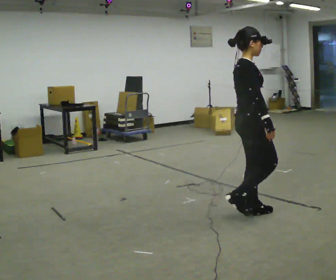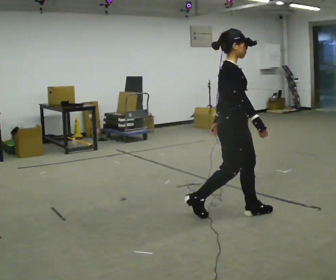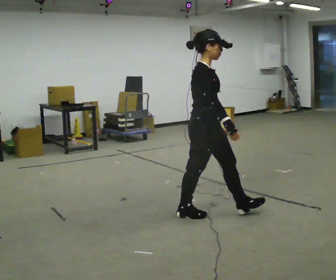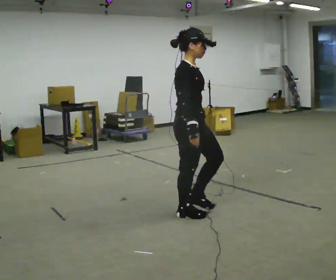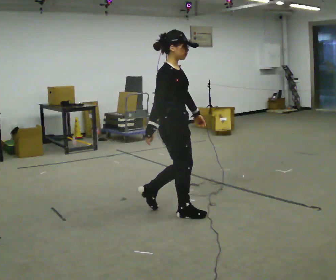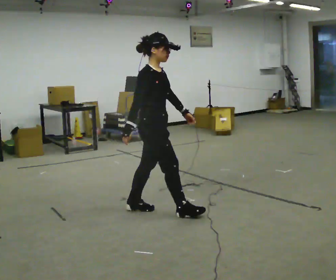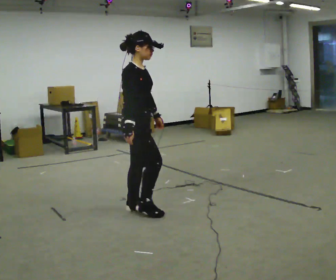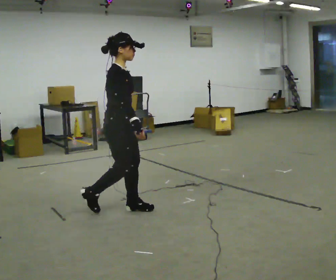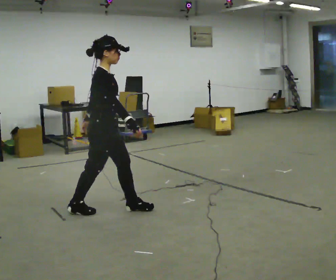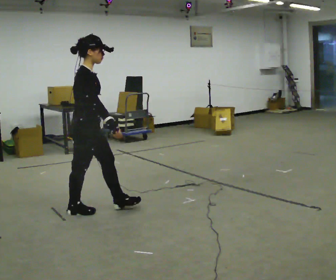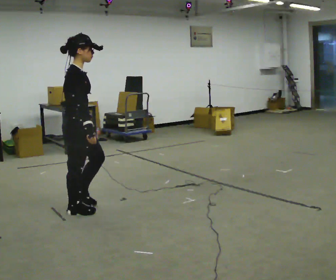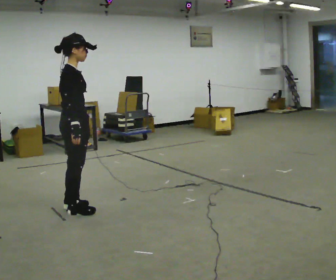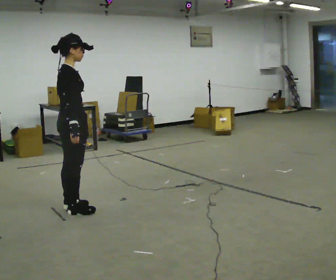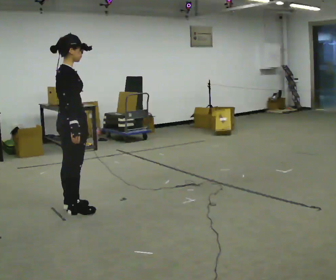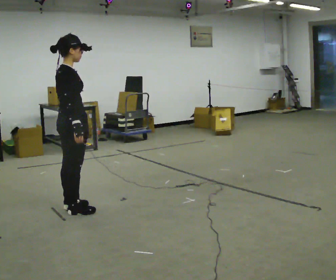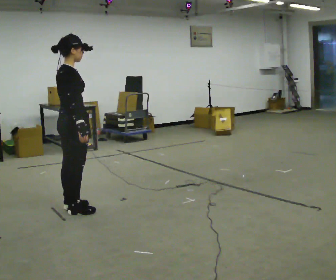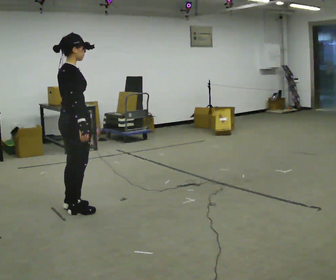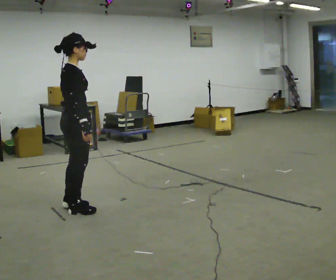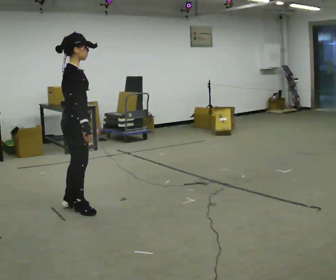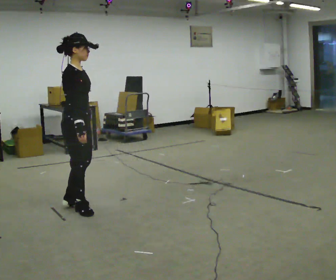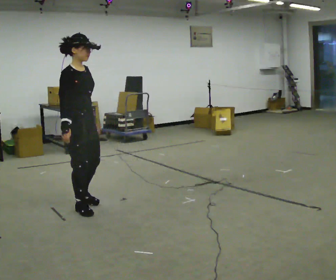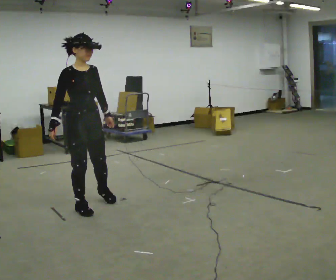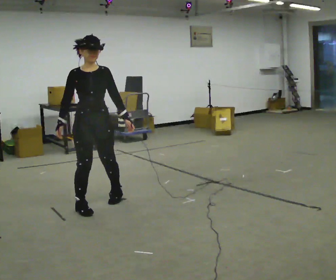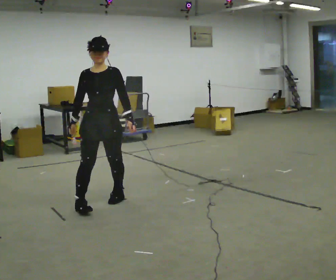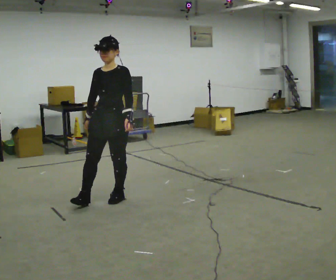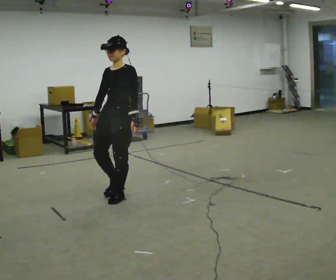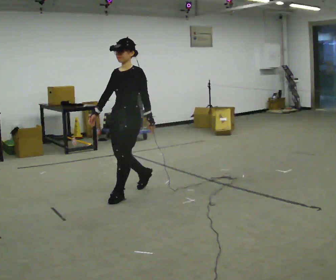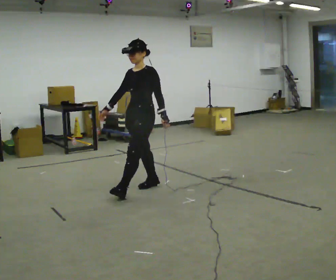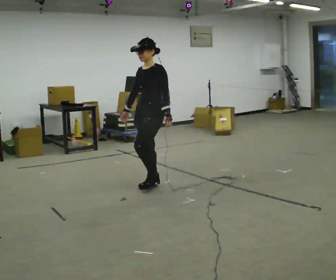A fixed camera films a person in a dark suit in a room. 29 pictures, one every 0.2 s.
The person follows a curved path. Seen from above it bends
clockwise.
The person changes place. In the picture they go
away from the camera.
0.0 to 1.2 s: In the picture they go to the left and away from the camera, about 1 m in 2 steps, which for them is backward.
1.2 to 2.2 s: The part of the body nearest the lens slides to the right as the person turns to their left by about 30 degrees. In the picture they go to the left, about 0.5 m in 1 step, which for them is backward.
2.2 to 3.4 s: The person moves a little, or ends about where they began.
3.4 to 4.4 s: The part of the body nearest the lens slides to the left as the person turns to their right by about 90 degrees. In the picture they go to the right, about 0.25 m in 1 step.
4.4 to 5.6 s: The person turns about 75 degrees to their right, clockwise seen from above, so the part of the body nearest the lens slides to the left. In the picture they go to the right and away from the camera, about 1 m in 2 steps.
The film runs backward here.
